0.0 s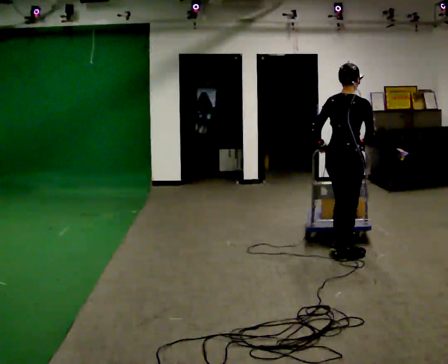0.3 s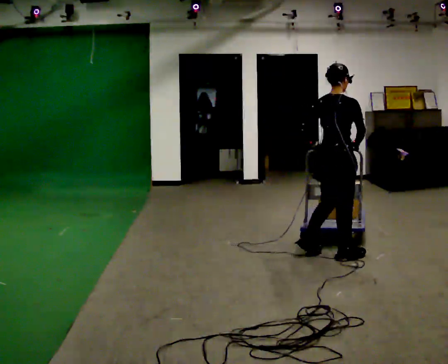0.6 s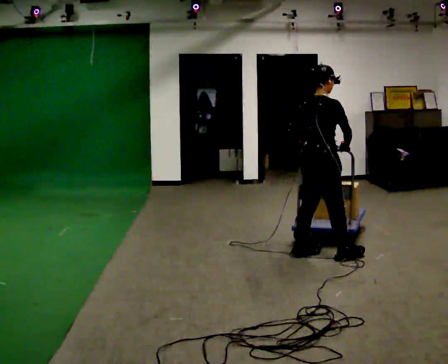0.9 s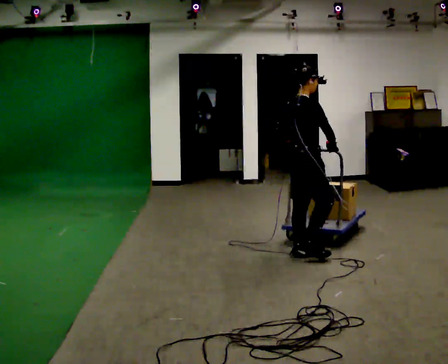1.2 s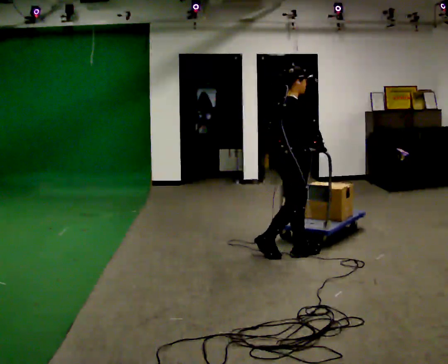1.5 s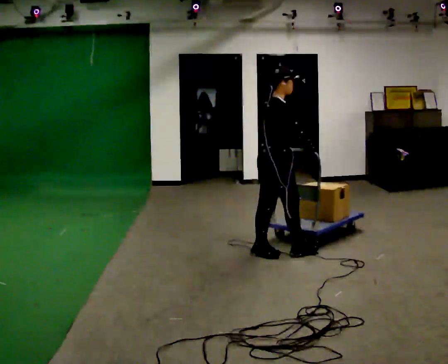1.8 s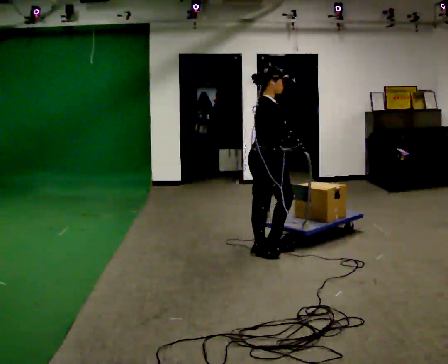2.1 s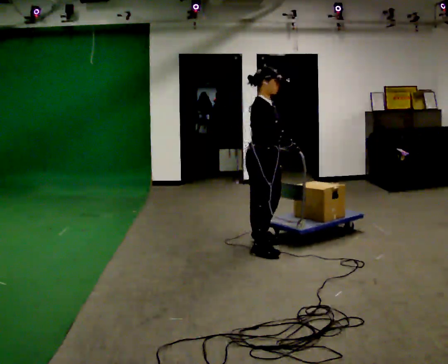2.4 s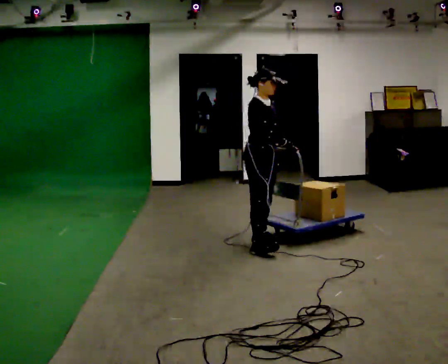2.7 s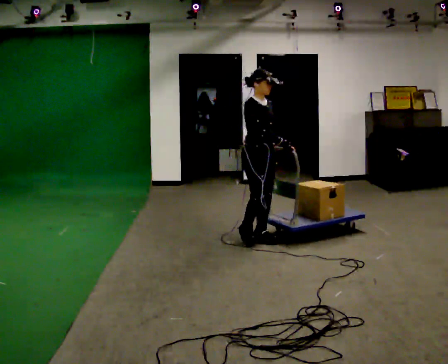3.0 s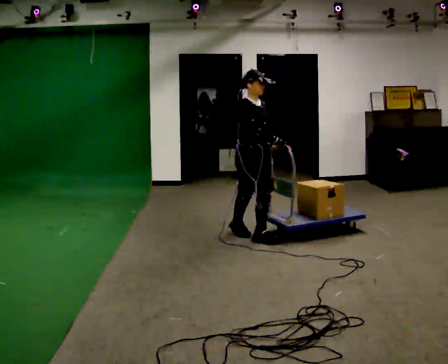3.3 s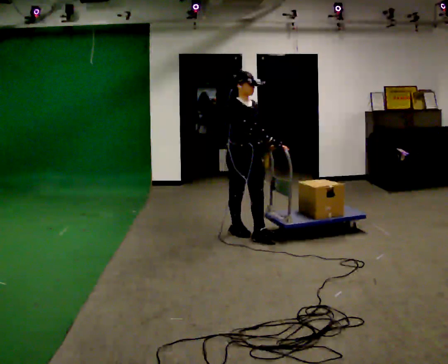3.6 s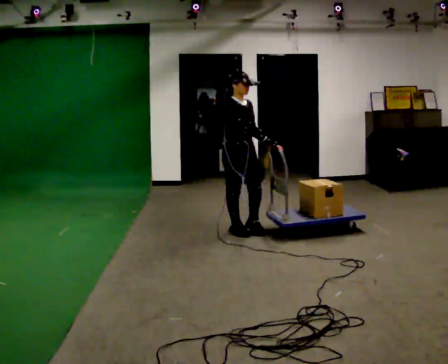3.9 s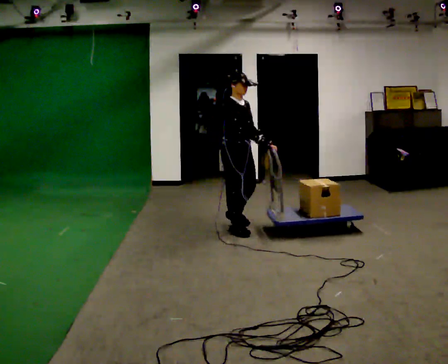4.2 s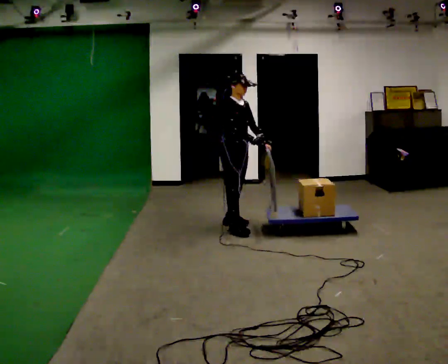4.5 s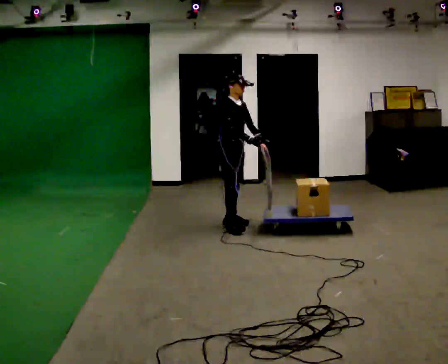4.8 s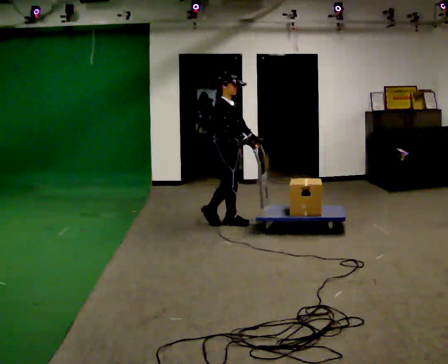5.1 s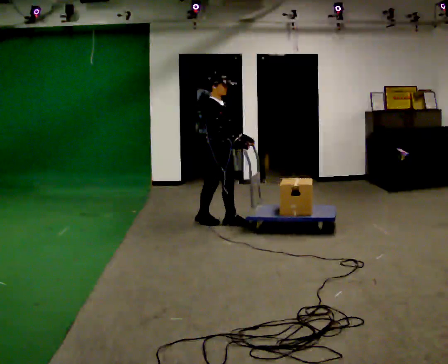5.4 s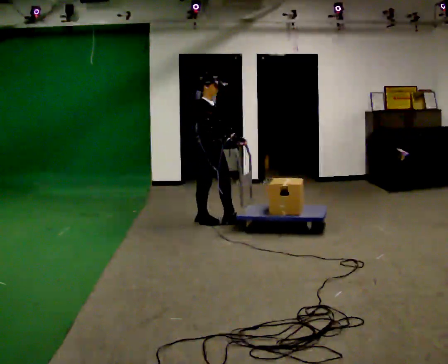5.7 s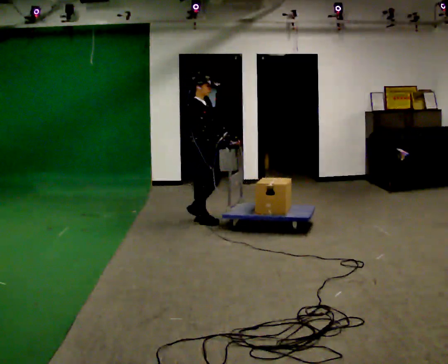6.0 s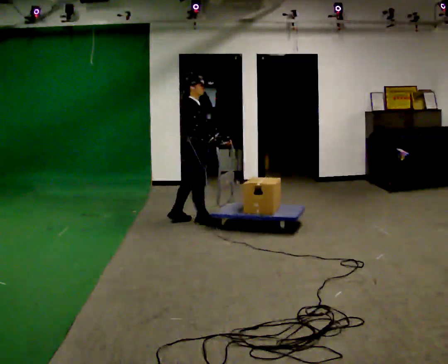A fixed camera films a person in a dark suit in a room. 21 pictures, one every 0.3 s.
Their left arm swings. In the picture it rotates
counterclockwise.
0.0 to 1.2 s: The part of the body nearest the lens slides to the left as the person turns to their right by about 45 degrees. In the picture they go to the left, about 0.5 m in 1 step, which for them is to their left and backward.
1.2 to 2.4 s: The person turns about 30 degrees to their right, clockwise seen from above, so the part of the body nearest the lens slides to the left. In the picture they go away from the camera and to the left, about 0.5 m in 2 steps, which for them is backward and to their left.
2.4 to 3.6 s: In the picture they go away from the camera and to the left, about 0.5 m in 1 step, which for them is backward.
3.6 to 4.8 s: In the picture they go away from the camera, about 0.5 m in 1 step, which for them is backward and to their left.
4.8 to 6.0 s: Seen from above the body turns counterclockwise, about 30 degrees: to their left, with its near side sliding to the right. In the picture they go to the left, about 0.25 m in 1 step, which for them is backward.
The film runs backward here.
